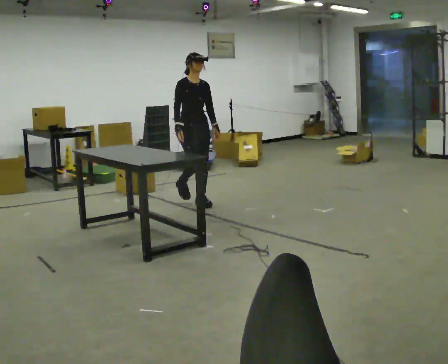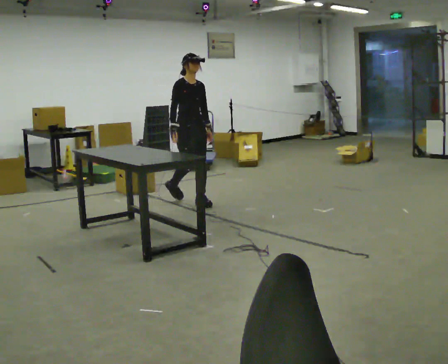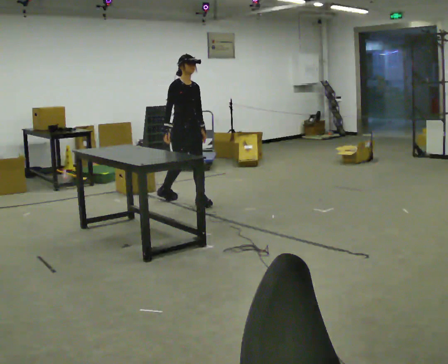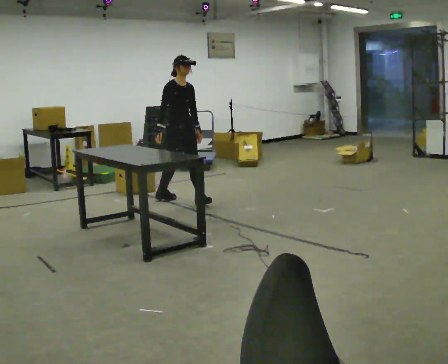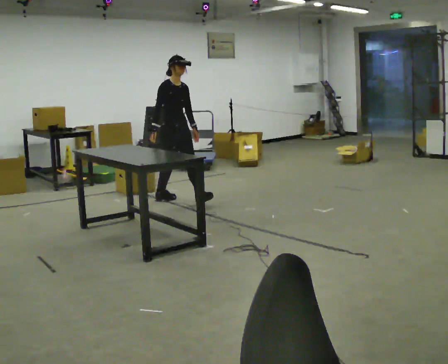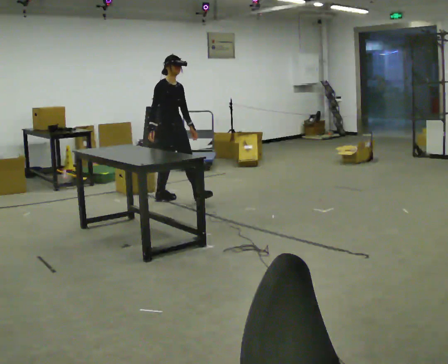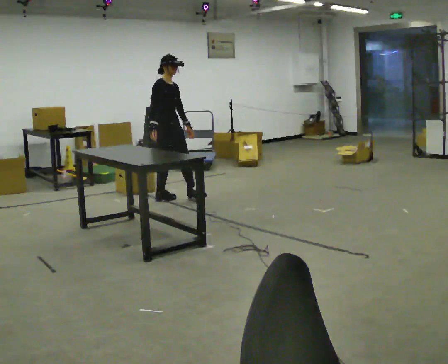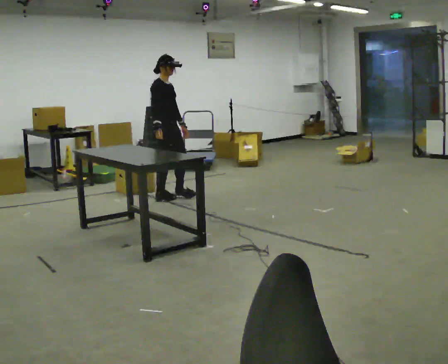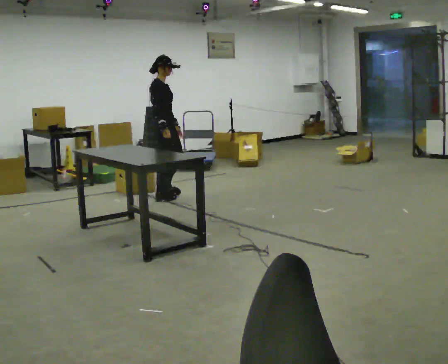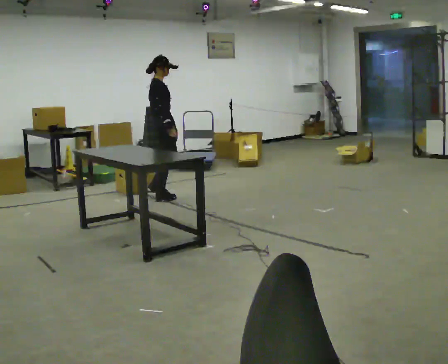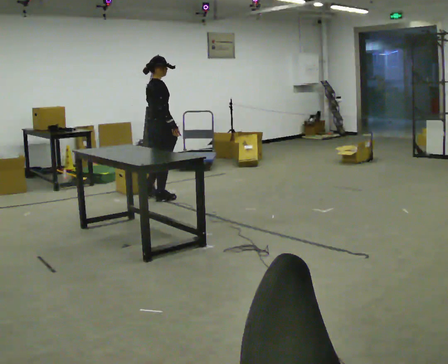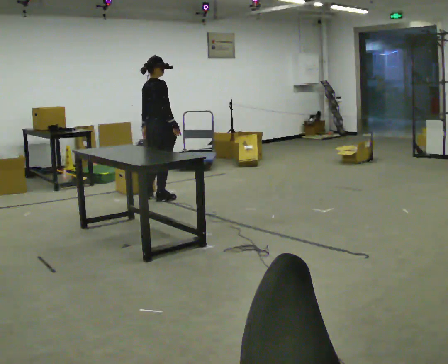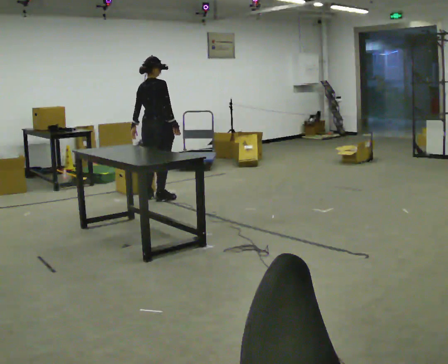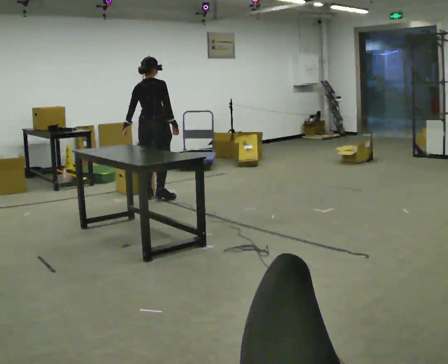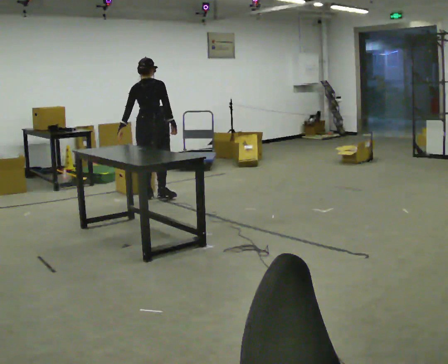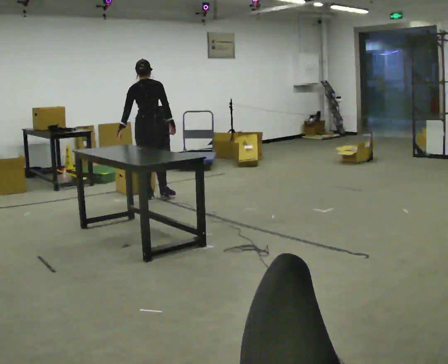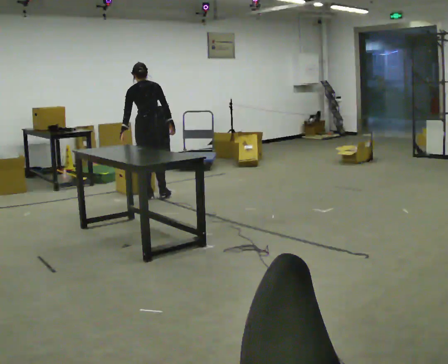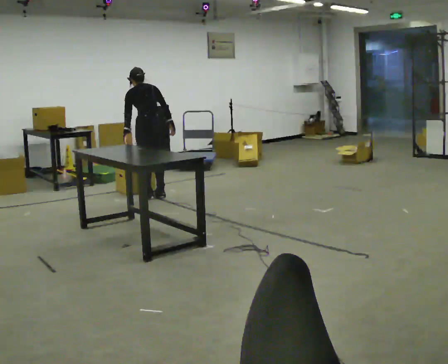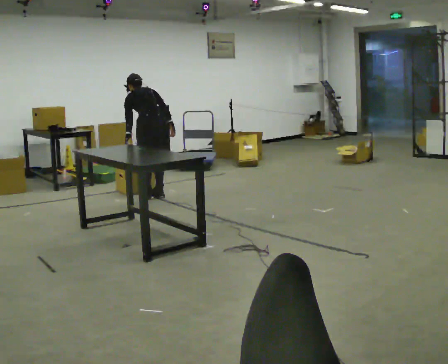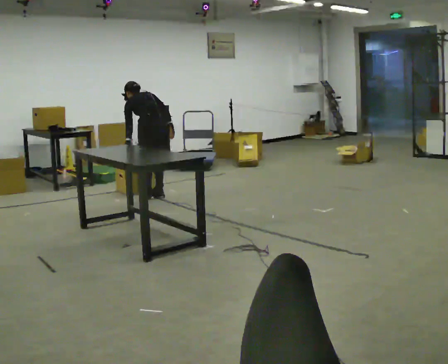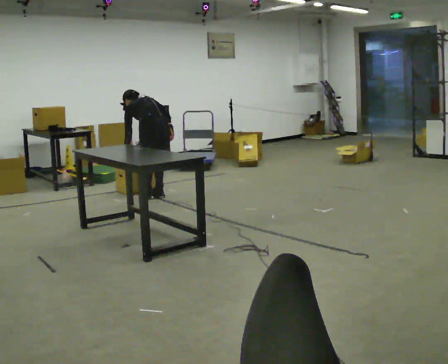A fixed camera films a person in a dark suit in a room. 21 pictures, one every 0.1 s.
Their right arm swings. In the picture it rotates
counterclockwise.
The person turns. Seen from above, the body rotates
counterclockwise.
0.0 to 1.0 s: The part of the body nearest the lens slides to the right as the person turns to their left by about 75 degrees. In the picture they go to the left and away from the camera, about 0.5 m in 1 step.
1.0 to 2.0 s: The person turns about 90 degrees to their left, counterclockwise seen from above, so the part of the body nearest the lens slides to the right. The upper body goes downward. The upper body tips away from the camera, its near side rolling upward, as they bend forward. In the picture their left hand goes to the left.
The film runs backward here.
